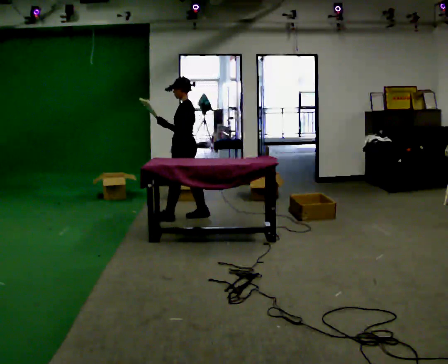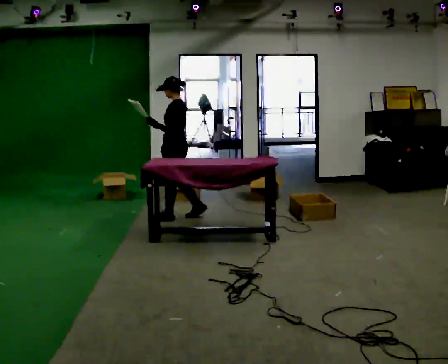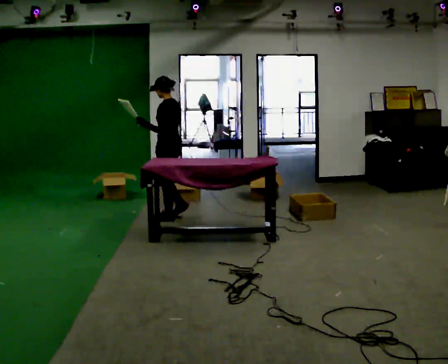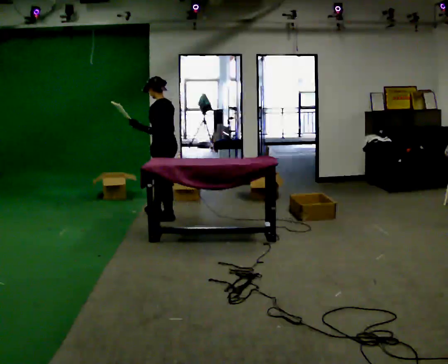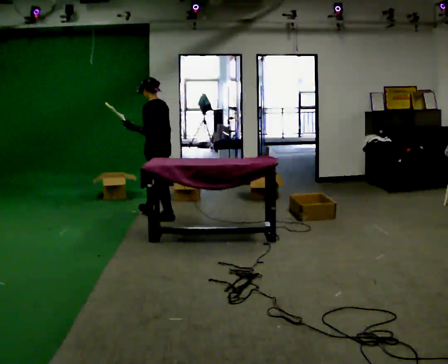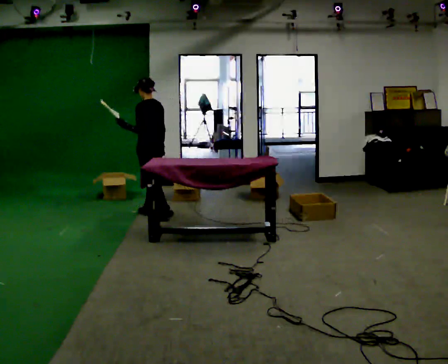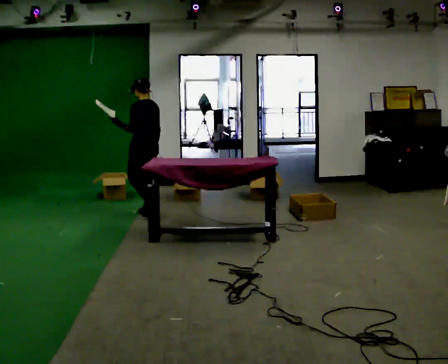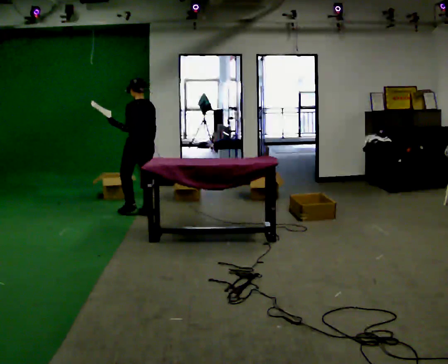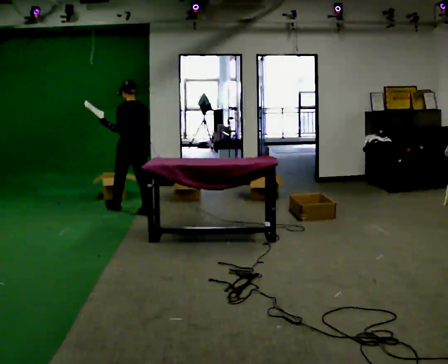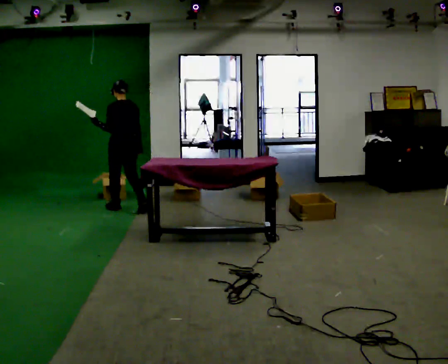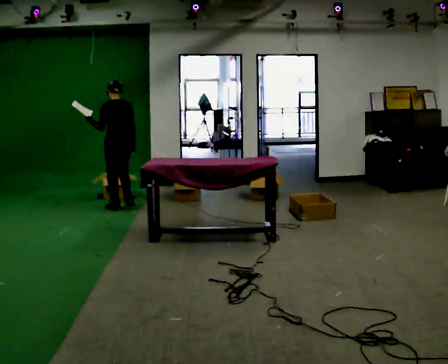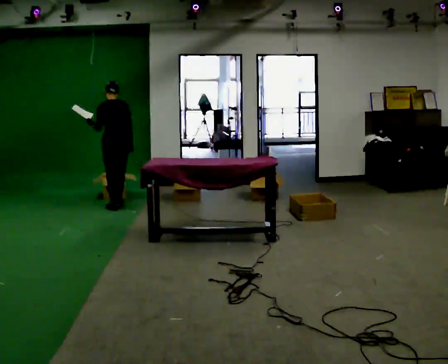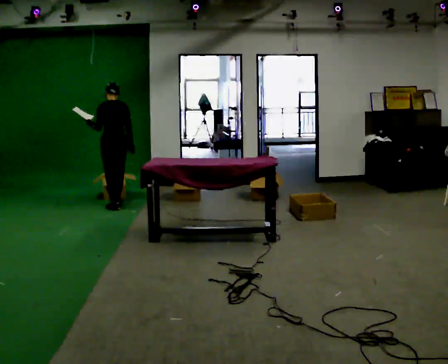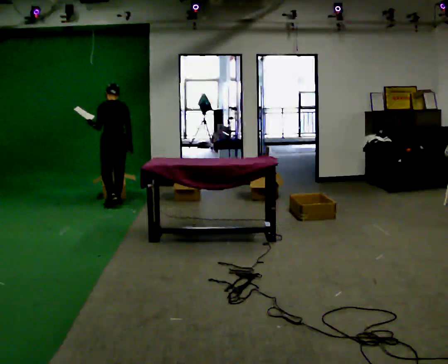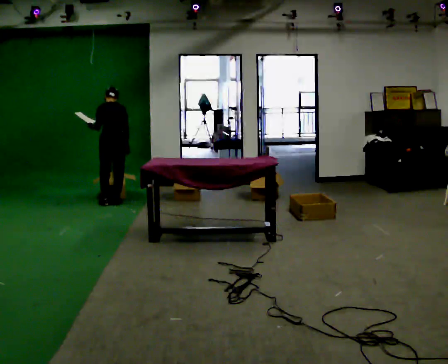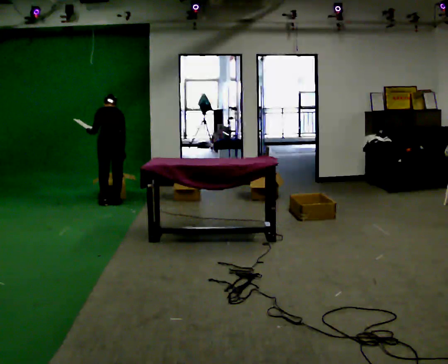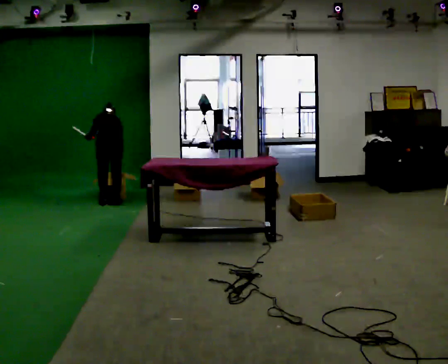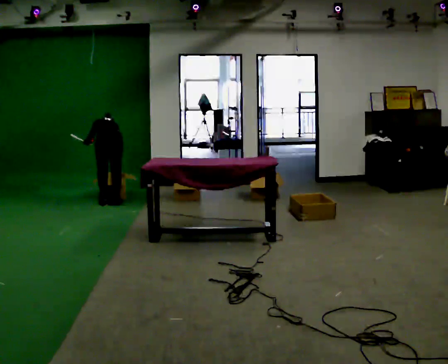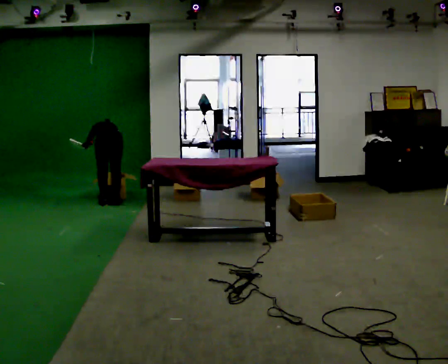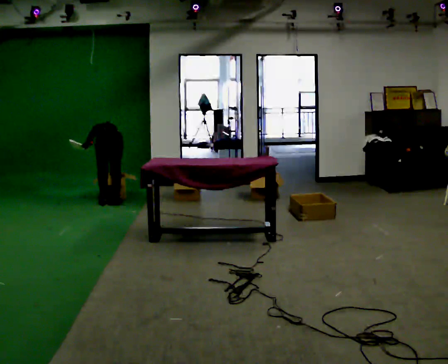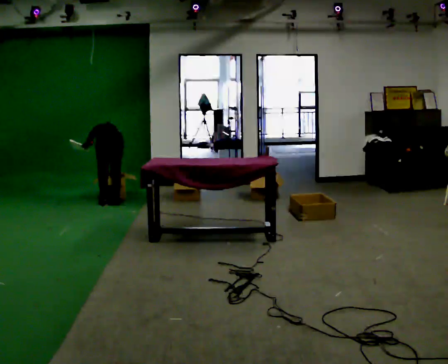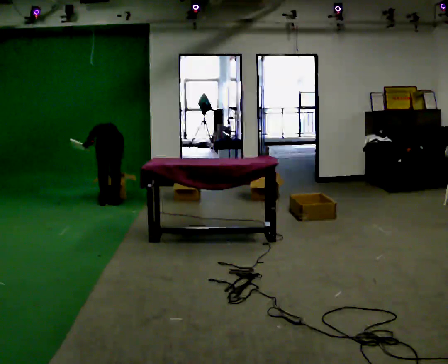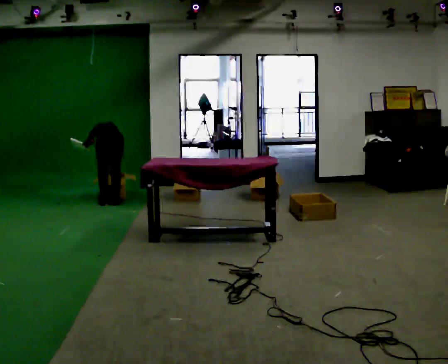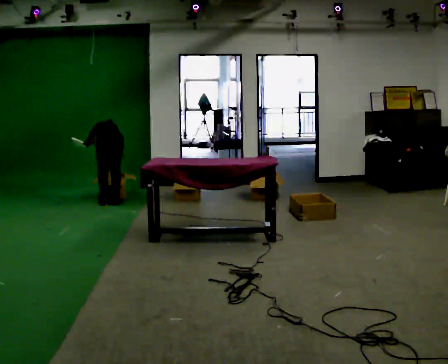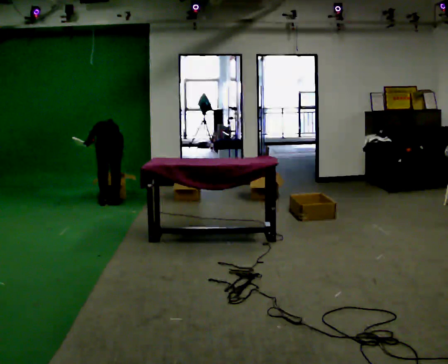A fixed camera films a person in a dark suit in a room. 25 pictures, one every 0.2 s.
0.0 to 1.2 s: The person turns about 30 degrees to their right, clockwise seen from above, so the part of the body nearest the lens slides to the left. In the picture they go to the left and away from the camera, about 0.5 m in 1 step, which for them is forward.
1.2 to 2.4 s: The part of the body nearest the lens slides to the left as the person turns to their right by about 30 degrees. In the picture they go away from the camera and to the left, about 0.5 m in 2 steps, which for them is forward.
2.4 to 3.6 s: The shoulders move downward. The upper body tips away from the camera, its near side rolling upward, as they bend forward.
3.6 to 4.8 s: The person moves a little, or ends about where they began.
The film runs forward here.
